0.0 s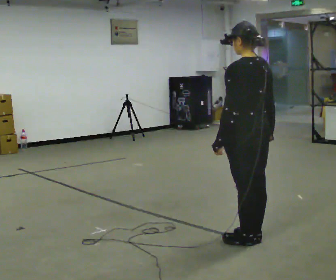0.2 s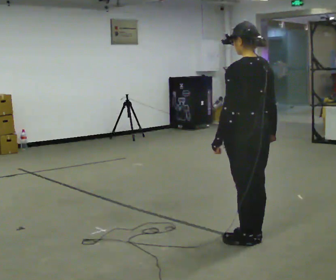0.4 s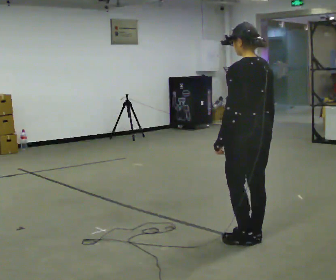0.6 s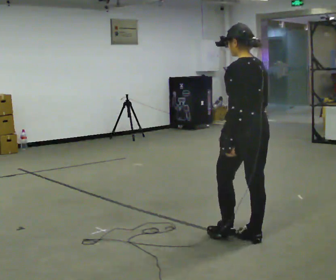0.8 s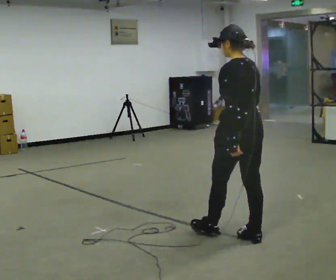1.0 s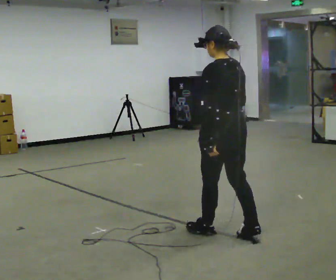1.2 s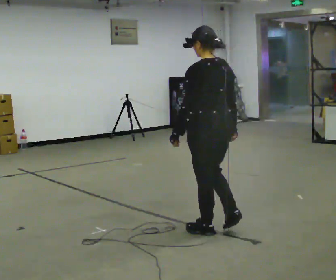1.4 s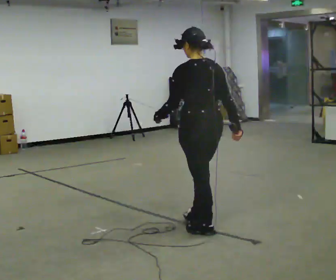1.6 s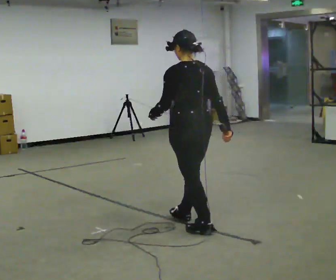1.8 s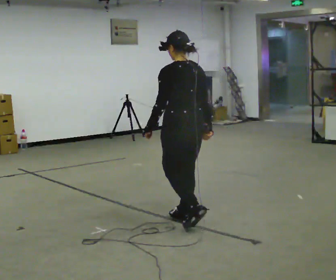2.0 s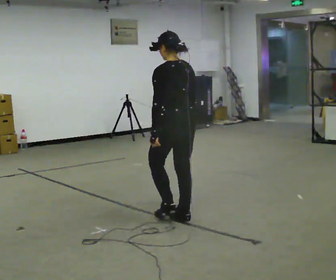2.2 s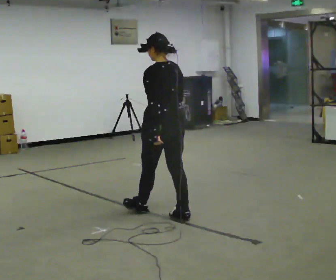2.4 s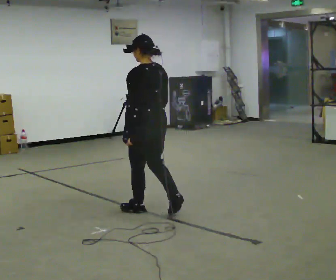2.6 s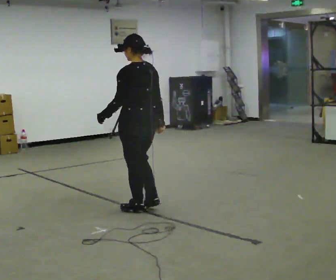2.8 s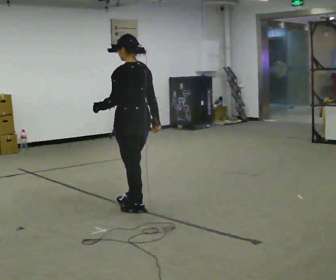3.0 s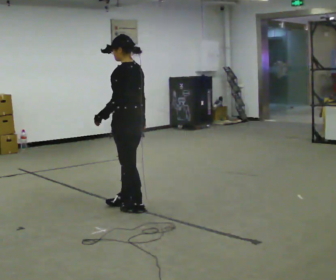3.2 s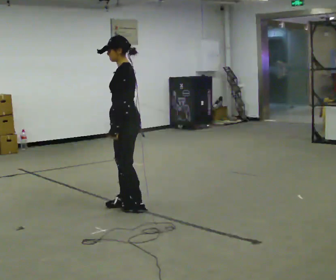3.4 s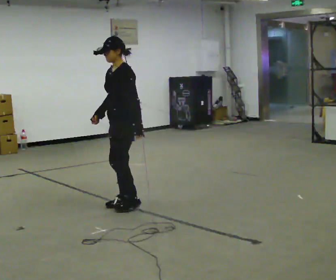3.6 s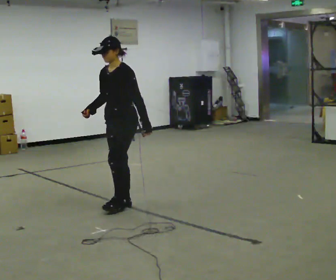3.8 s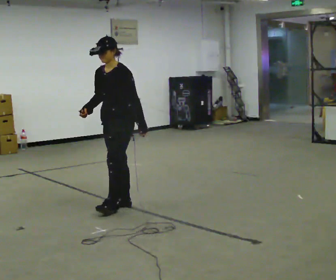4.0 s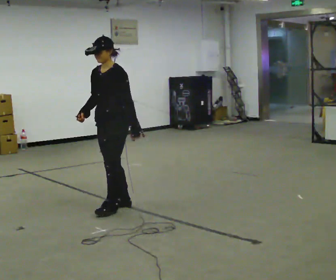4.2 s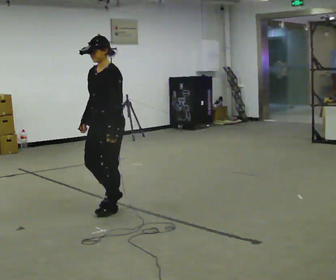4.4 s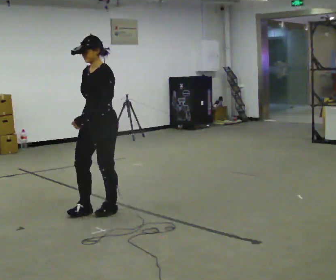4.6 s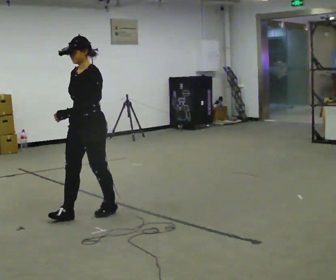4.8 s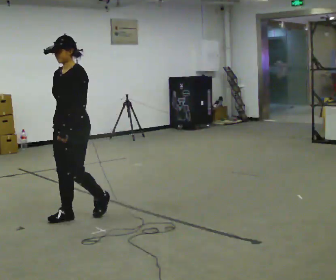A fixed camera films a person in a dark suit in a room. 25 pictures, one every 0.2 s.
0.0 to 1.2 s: In the picture they go away from the camera and to the left, about 0.25 m in 1 step, which for them is forward.
1.2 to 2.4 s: In the picture they go away from the camera and to the left, about 1 m in 2 steps, which for them is forward.
2.4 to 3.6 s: The part of the body nearest the lens slides to the right as the person turns to their left by about 90 degrees. In the picture they go away from the camera and to the left, about 0.25 m in 1 step.
3.6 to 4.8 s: In the picture they go to the left and toward the camera, about 0.5 m in 2 steps, which for them is forward.
The film runs forward here.
